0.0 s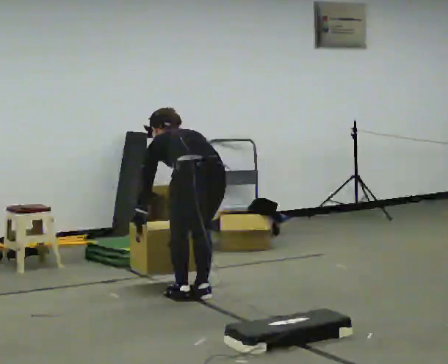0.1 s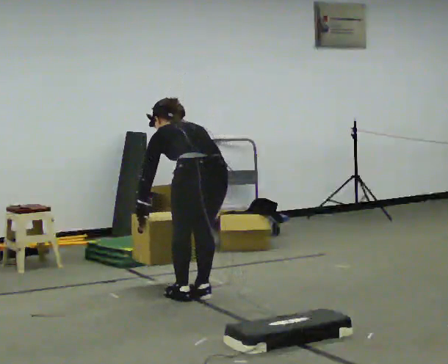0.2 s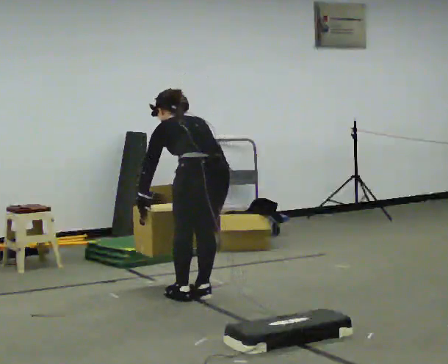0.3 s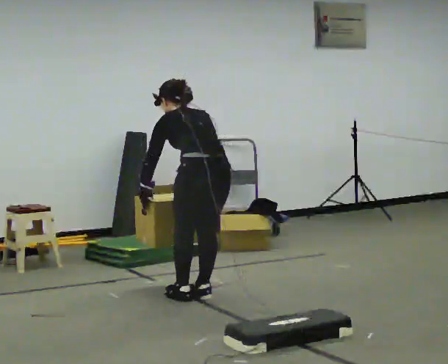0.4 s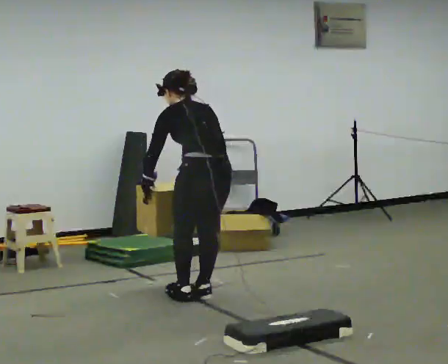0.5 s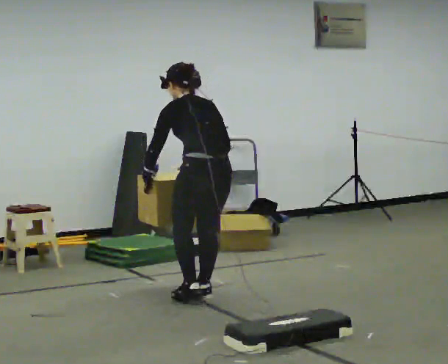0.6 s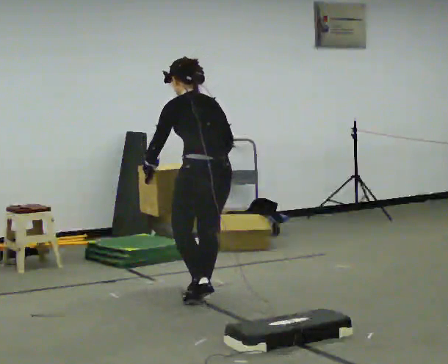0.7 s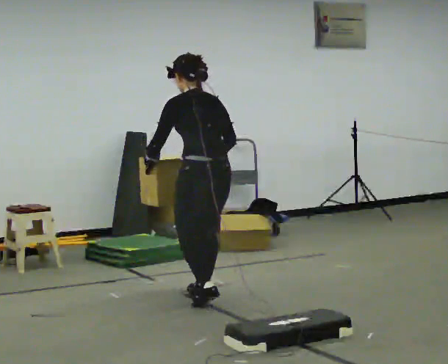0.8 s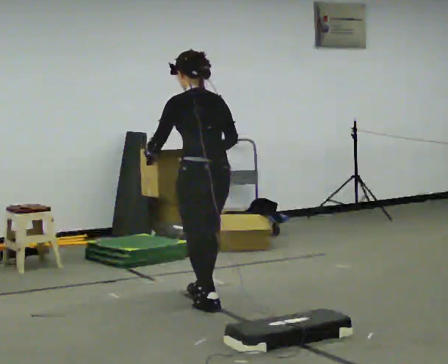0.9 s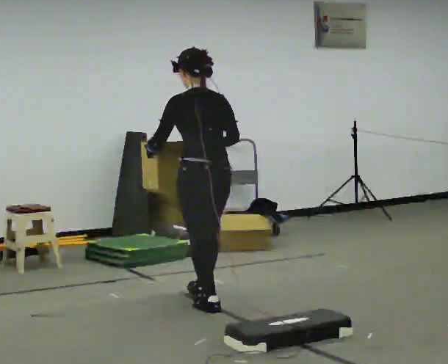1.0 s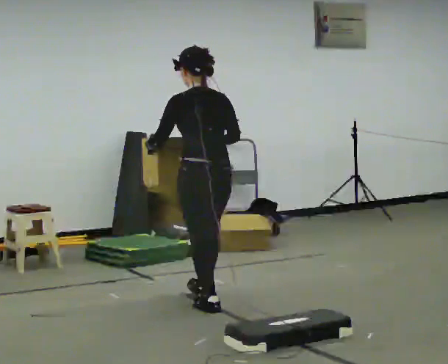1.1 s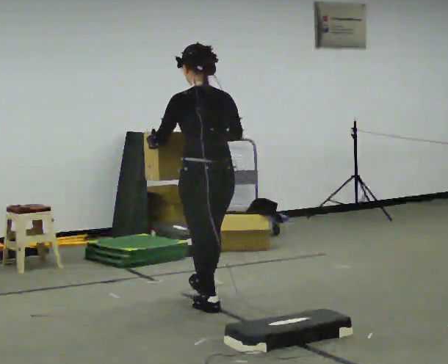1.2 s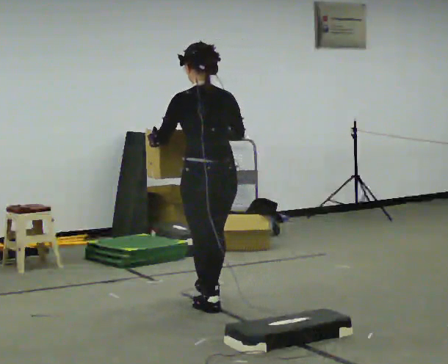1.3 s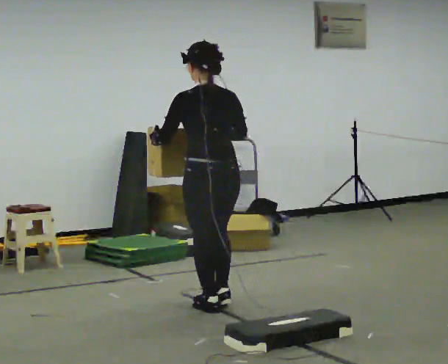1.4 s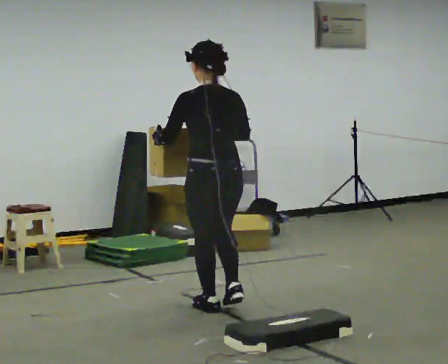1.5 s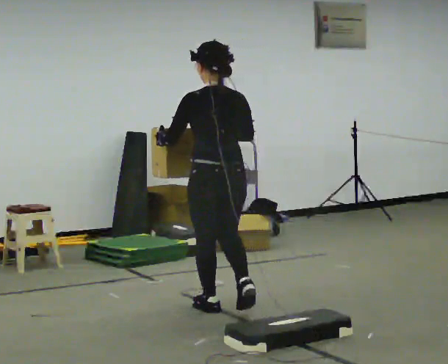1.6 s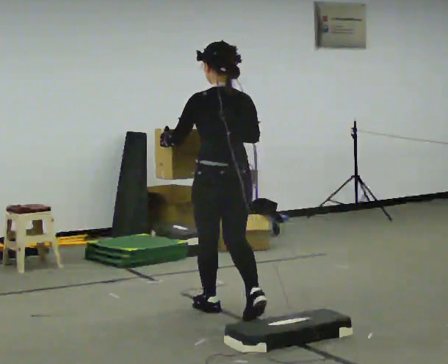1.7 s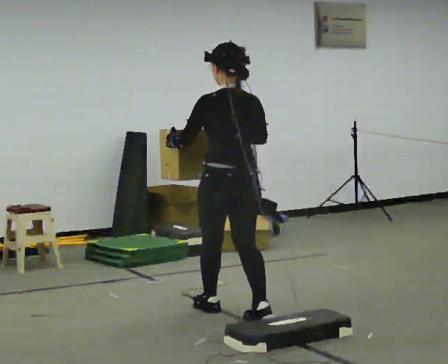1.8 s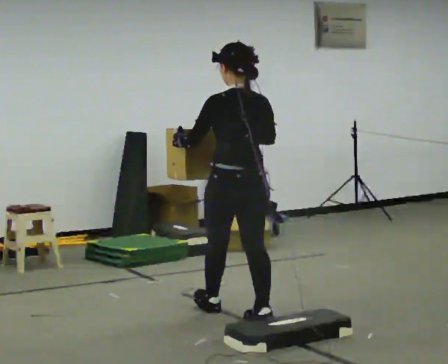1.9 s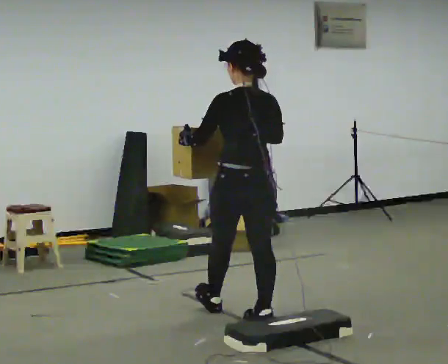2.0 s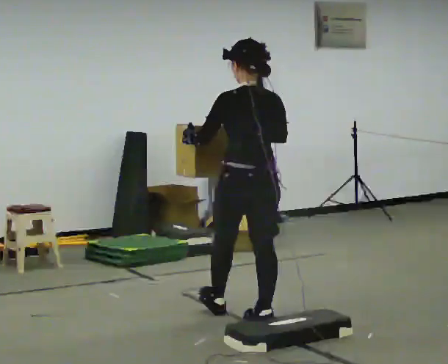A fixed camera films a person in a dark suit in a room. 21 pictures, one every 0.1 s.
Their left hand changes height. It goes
upward.
Their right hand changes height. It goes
upward.
0.0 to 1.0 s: The upper body goes upward. The upper body tips toward the camera, its near side rolling downward, as they lean back or straighten. In the picture their right hand goes upward.
1.0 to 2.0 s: In the picture they go toward the camera and to the right, about 0.5 m in 2 steps, which for them is backward.
The film runs backward here.
